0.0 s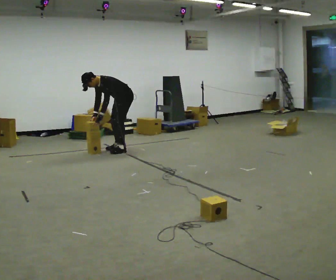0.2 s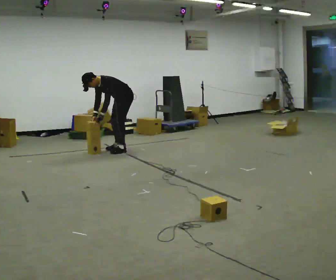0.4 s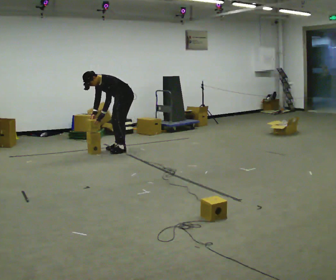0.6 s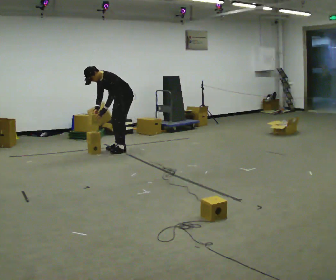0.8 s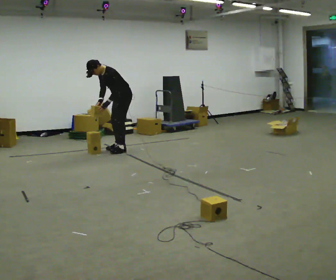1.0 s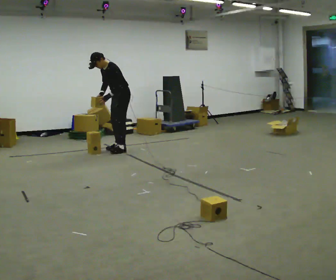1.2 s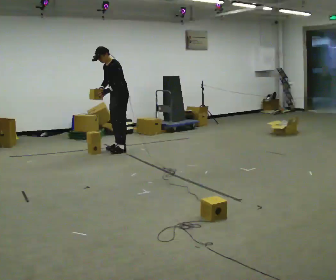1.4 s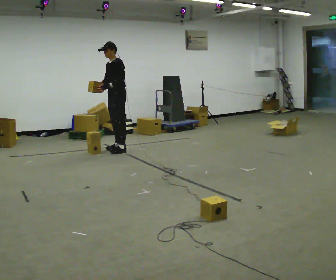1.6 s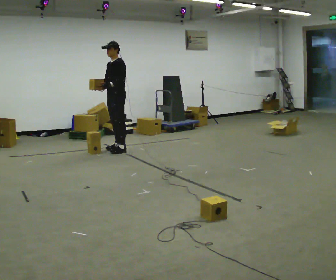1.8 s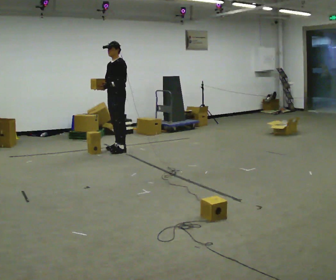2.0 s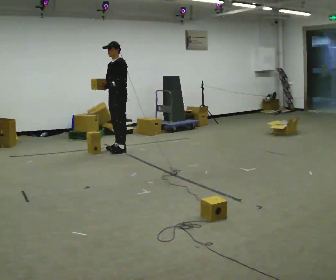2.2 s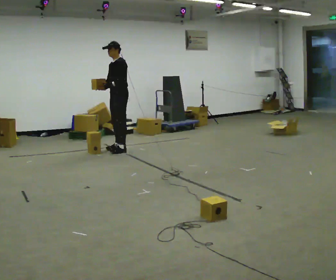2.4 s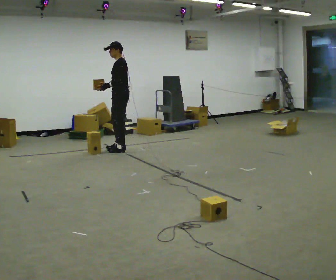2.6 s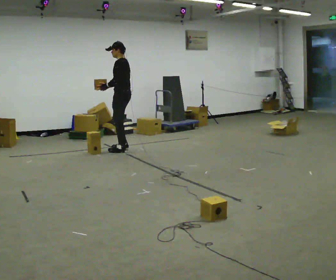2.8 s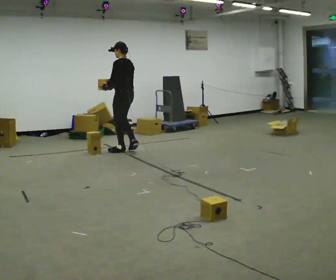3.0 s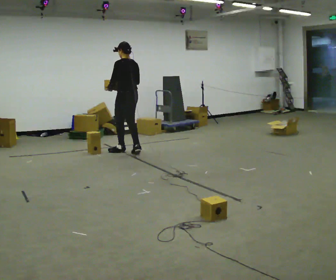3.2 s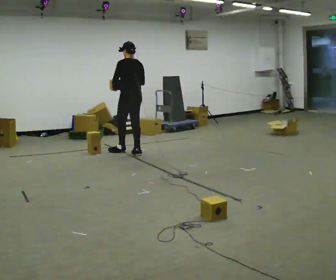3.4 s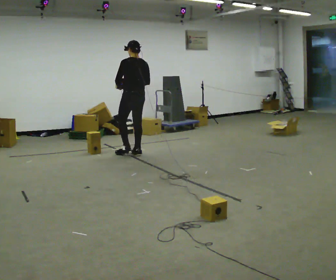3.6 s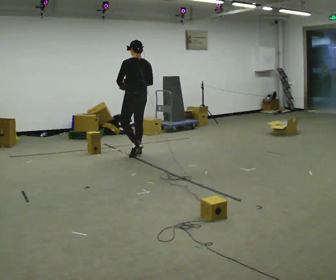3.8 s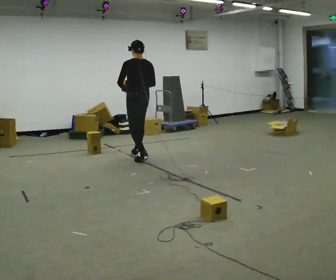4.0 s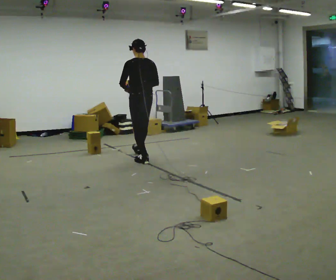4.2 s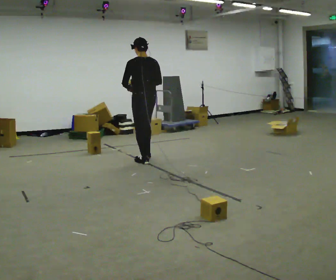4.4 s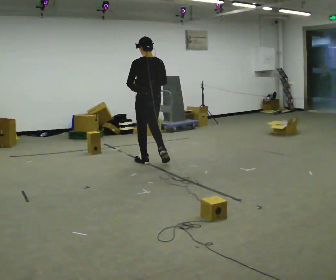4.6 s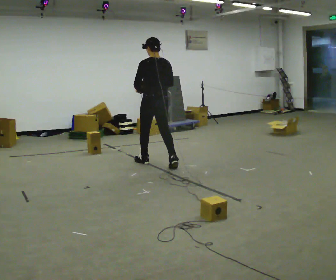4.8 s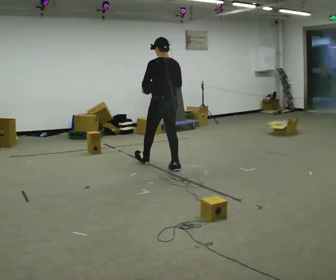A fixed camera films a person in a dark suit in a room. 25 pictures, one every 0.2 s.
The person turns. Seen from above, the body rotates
clockwise.
The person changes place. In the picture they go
toward the camera.
0.0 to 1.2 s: The upper body goes upward. In the picture the upper body tilts clockwise, shoulders to the right, as they lean back or straighten. In the picture their left hand goes upward.
1.2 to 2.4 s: In the picture the upper body tilts clockwise, shoulders to the right, as they lean back or straighten.
2.4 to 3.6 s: The part of the body nearest the lens slides to the left as the person turns to their right by about 75 degrees. In the picture they go toward the camera and to the right, about 0.5 m in 2 steps.
3.6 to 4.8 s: In the picture they go toward the camera and to the right, about 1 m in 1 step, which for them is backward.
The film runs backward here.
